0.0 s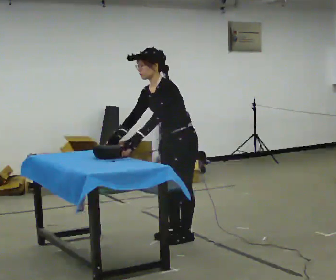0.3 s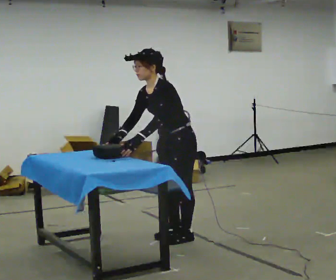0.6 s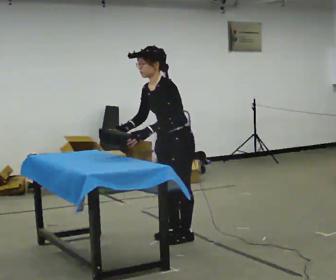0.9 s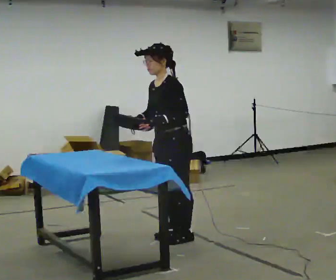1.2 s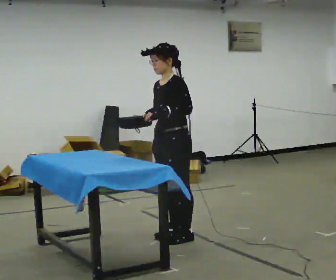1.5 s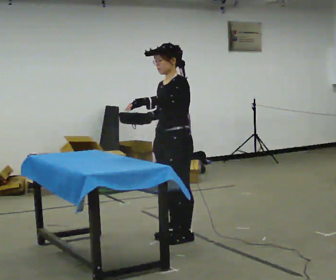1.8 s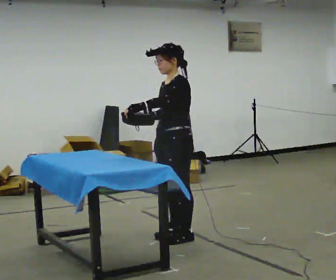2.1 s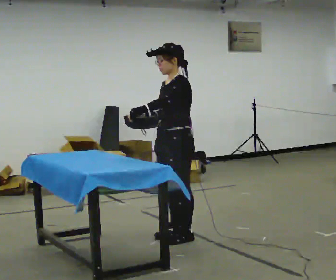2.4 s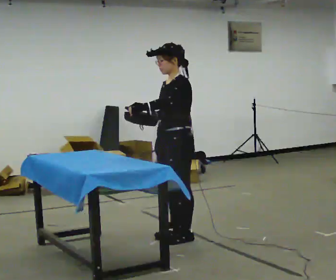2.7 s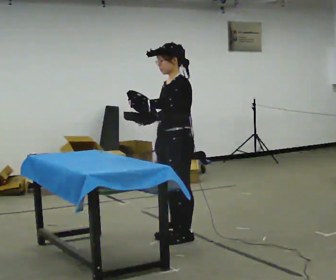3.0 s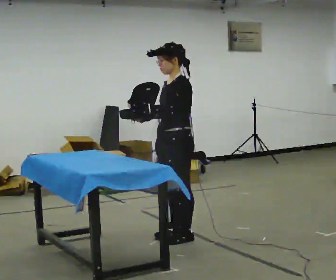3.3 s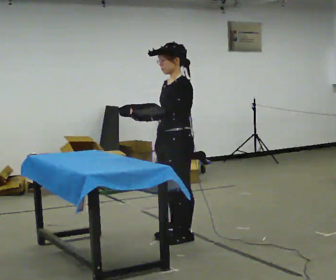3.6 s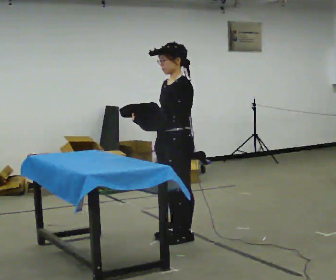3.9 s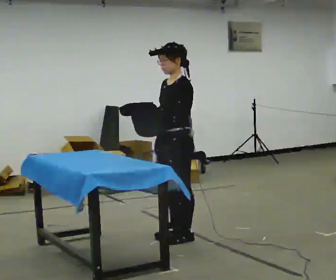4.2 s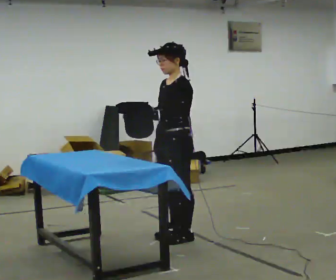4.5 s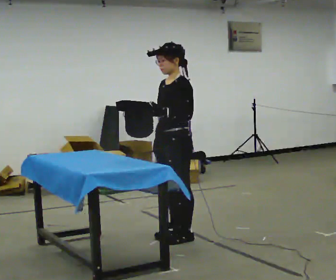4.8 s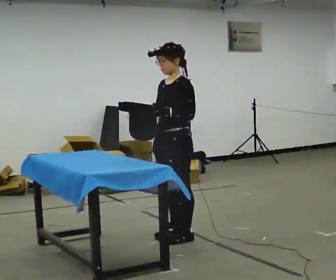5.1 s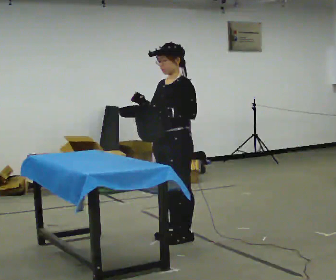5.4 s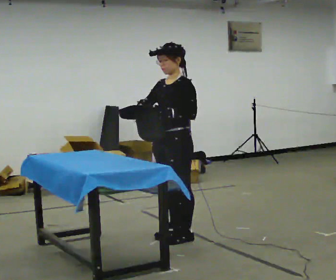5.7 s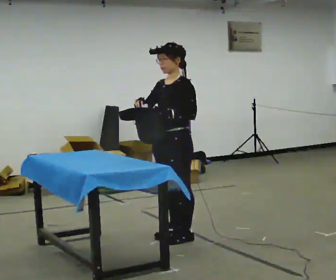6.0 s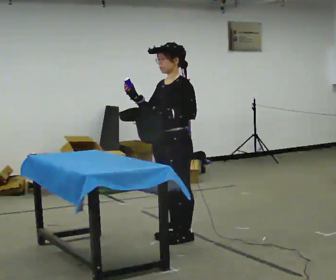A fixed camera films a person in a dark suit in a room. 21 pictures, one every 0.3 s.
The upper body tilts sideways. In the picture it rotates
clockwise.
0.0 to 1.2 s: In the picture the upper body tilts clockwise, shoulders to the right, as they lean back or straighten.
1.2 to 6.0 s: The person moves a little, or ends about where they began.
The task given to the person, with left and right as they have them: Hold the object steady with one hand and work on it with the other, as the operator shows you. Repeat at your own pace until the operator says stop. Keep both feet on the marked spots for the whole take. If you have to step, stop and tell the operator.
The film runs forward here.
